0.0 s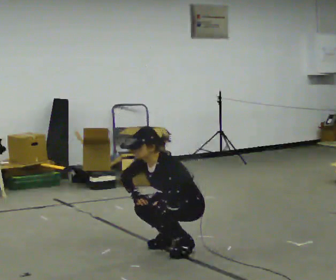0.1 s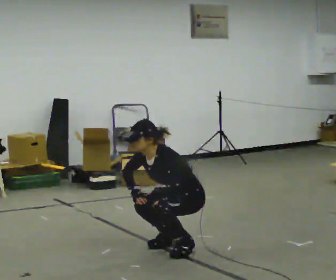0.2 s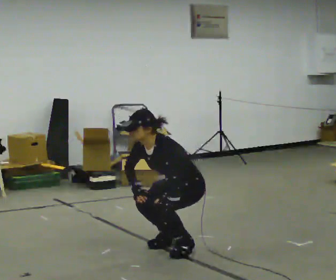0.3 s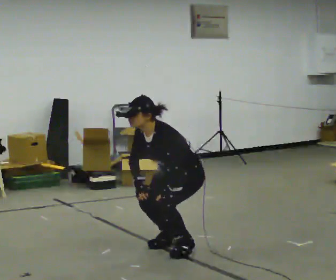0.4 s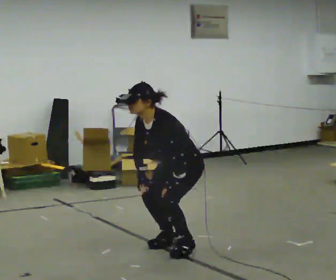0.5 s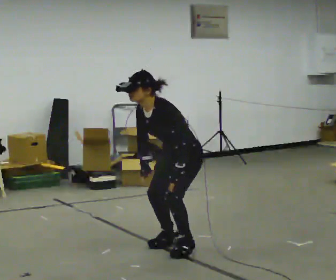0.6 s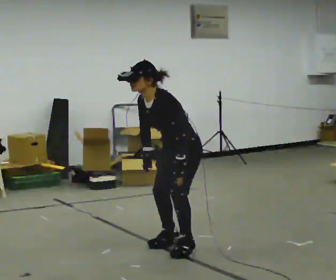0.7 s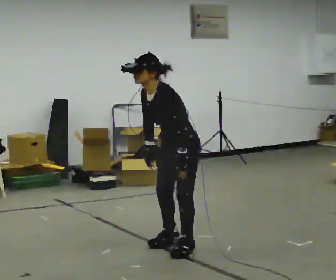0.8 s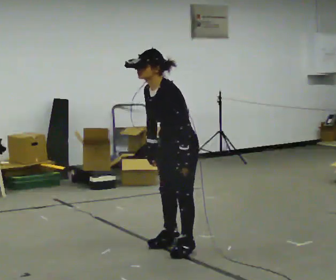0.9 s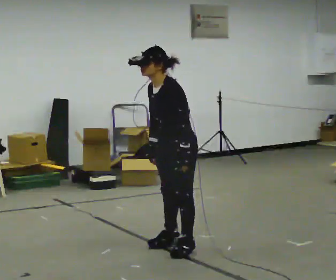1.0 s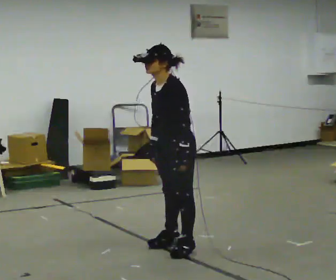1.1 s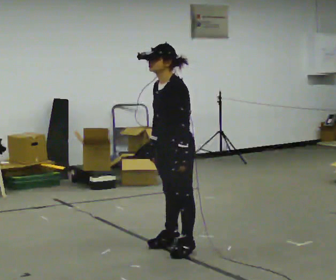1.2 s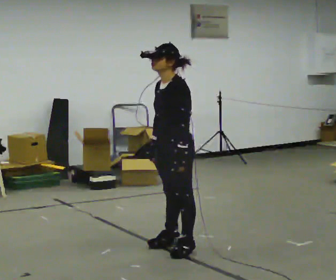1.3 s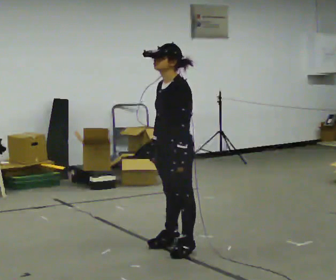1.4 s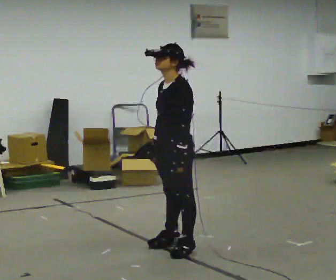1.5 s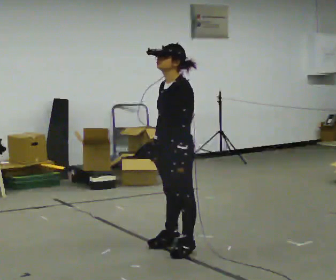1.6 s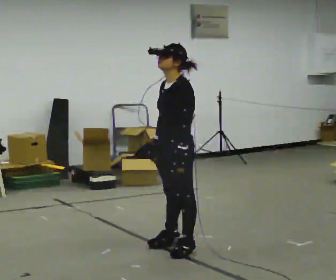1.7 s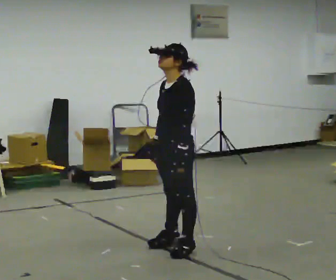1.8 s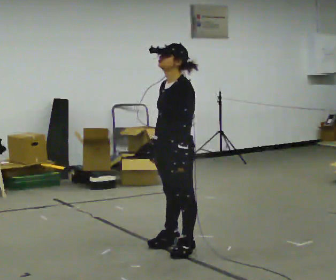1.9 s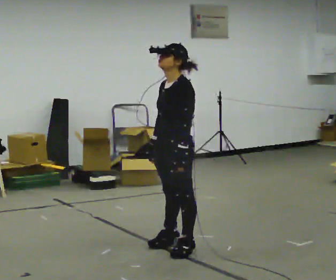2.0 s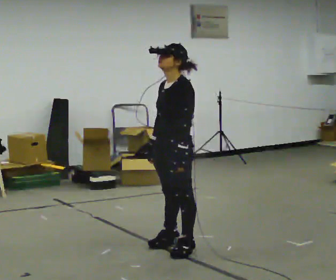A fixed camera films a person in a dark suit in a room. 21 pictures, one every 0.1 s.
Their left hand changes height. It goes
upward.
The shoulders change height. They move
upward.
0.0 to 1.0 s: The shoulders move upward. In the picture their right hand goes upward.
1.0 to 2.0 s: The person moves a little, or ends about where they began.
The film runs backward here.
